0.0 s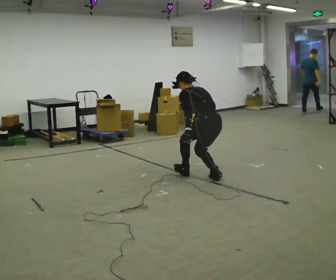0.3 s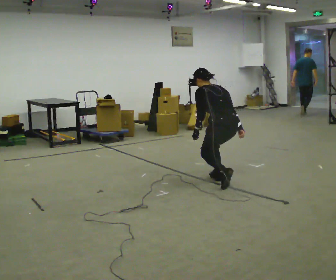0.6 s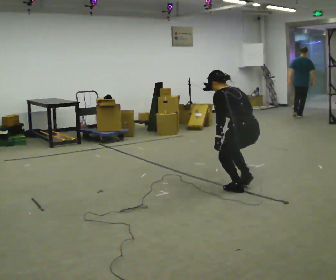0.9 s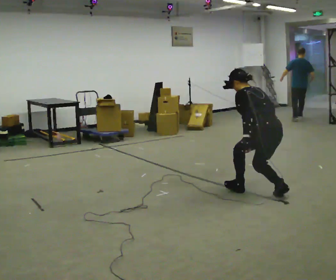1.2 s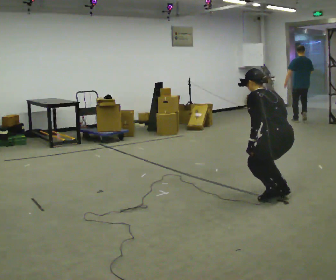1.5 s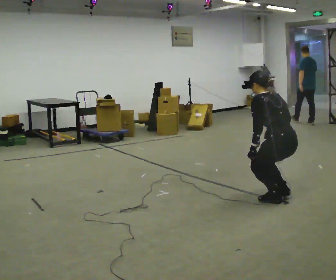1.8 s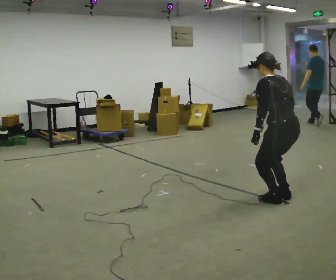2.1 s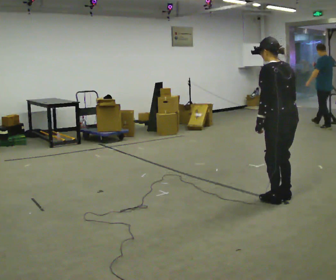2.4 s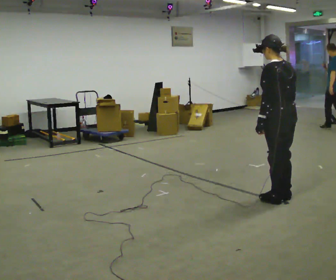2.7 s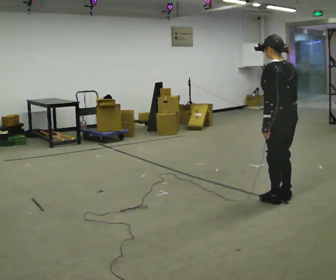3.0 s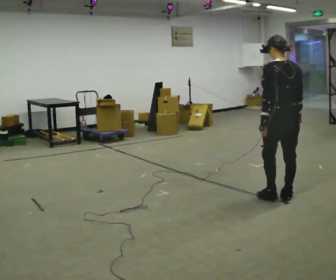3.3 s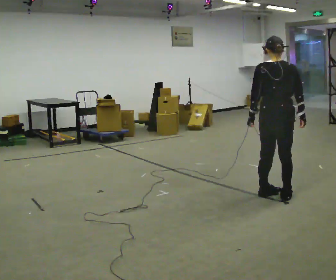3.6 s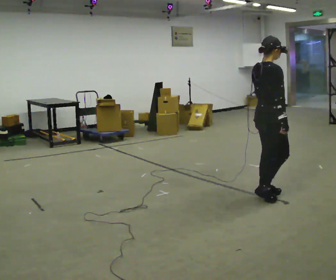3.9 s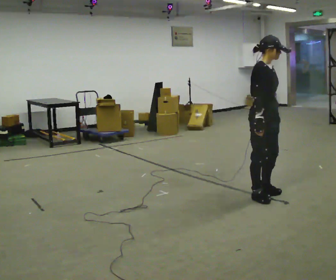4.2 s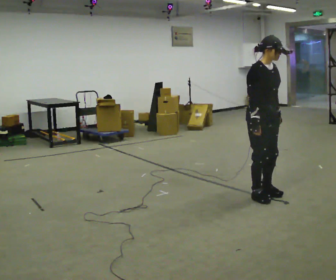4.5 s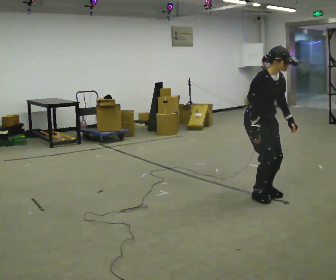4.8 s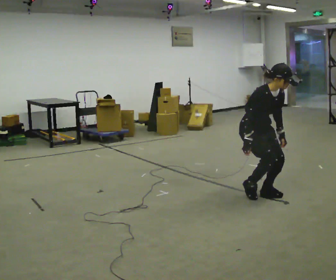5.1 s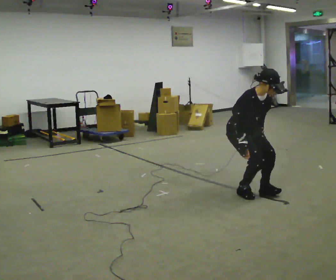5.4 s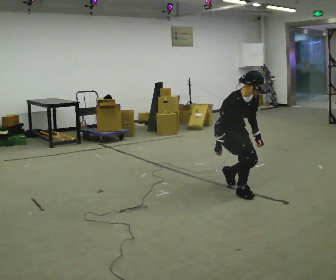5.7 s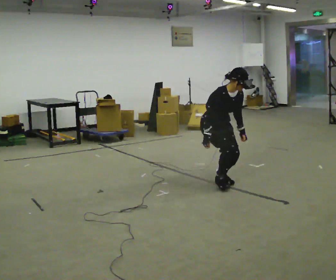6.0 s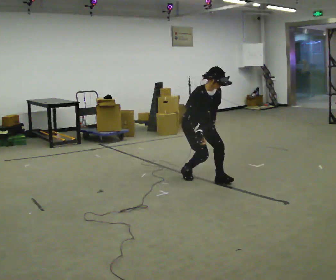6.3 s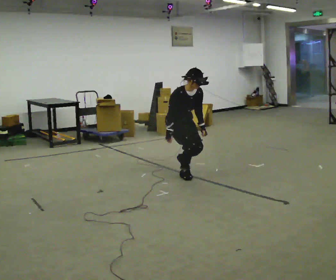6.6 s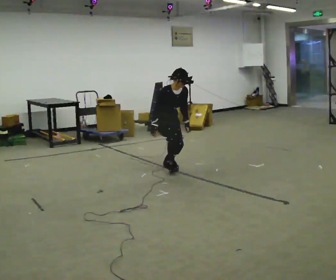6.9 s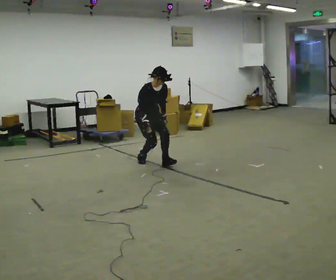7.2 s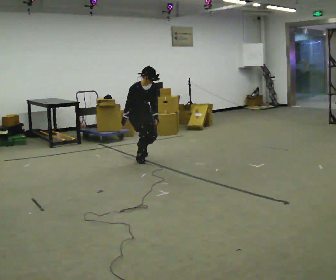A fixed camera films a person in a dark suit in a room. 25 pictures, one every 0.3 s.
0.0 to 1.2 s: In the picture they go to the right and toward the camera, about 1 m in 2 steps, which for them is backward.
1.2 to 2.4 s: The upper body goes upward. The upper body tips toward the camera, its near side rolling downward, as they lean back or straighten.
2.4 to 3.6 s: Seen from above the body turns clockwise, about 105 degrees: to their right, with its near side sliding to the left. In the picture they go to the left, about 0.25 m in 2 steps.
3.6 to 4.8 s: The part of the body nearest the lens slides to the left as the person turns to their right by about 75 degrees. The shoulders move downward. In the picture the upper body tilts clockwise, shoulders to the right, as they bend forward. In the picture their right hand goes to the left.
4.8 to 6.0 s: In the picture they go to the left and away from the camera, about 1 m in 2 steps, which for them is backward.
6.0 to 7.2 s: In the picture they go to the left and away from the camera, about 1 m in 3 steps, which for them is backward.
The film runs backward here.
